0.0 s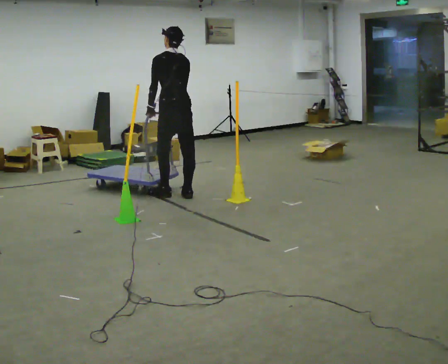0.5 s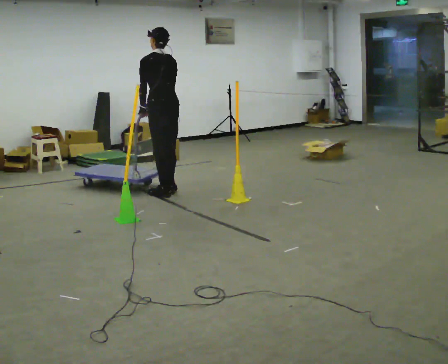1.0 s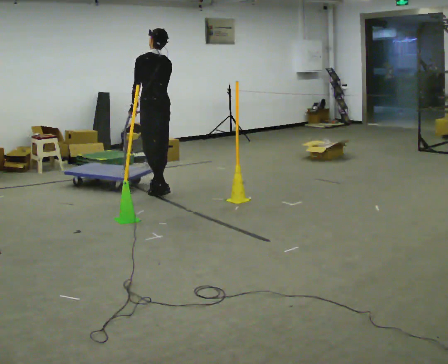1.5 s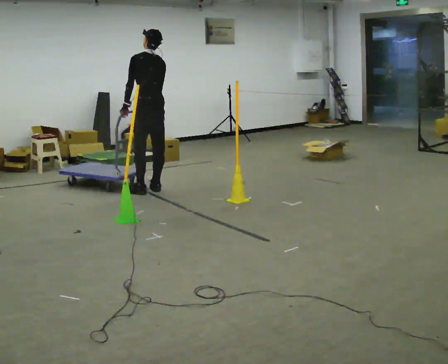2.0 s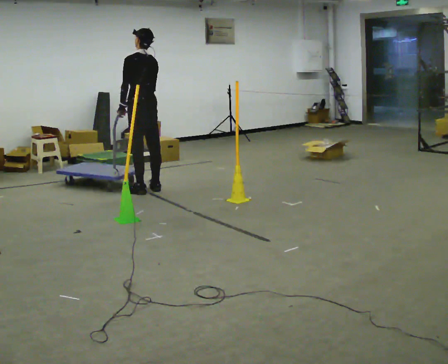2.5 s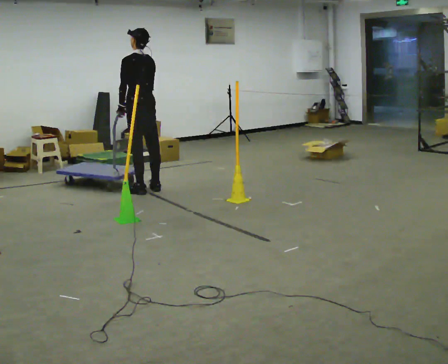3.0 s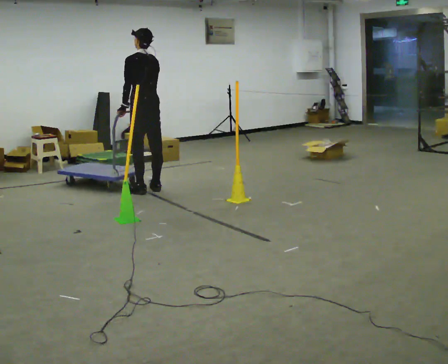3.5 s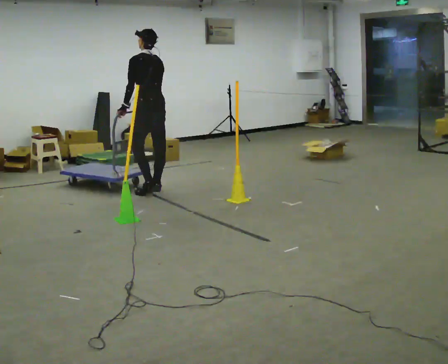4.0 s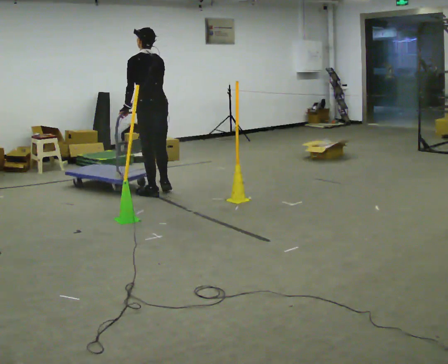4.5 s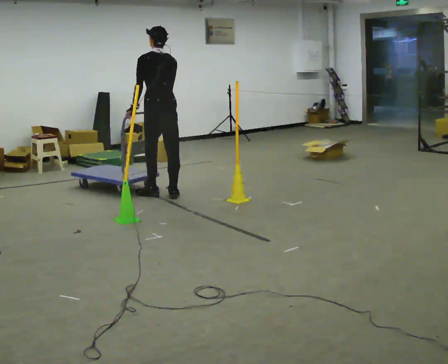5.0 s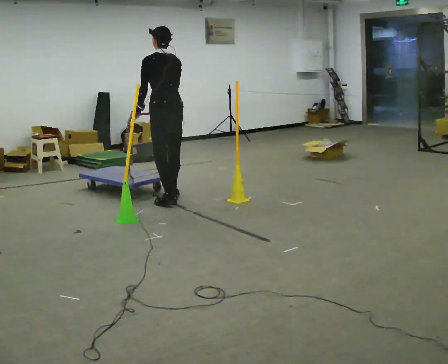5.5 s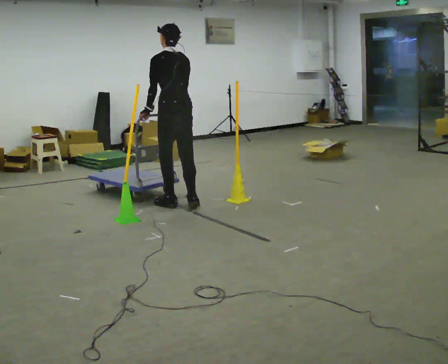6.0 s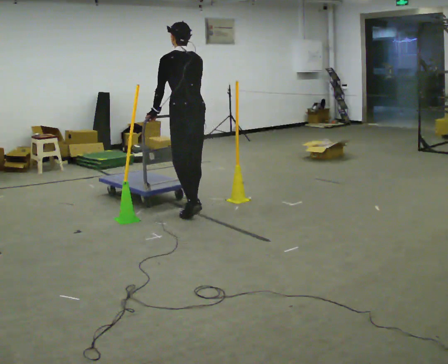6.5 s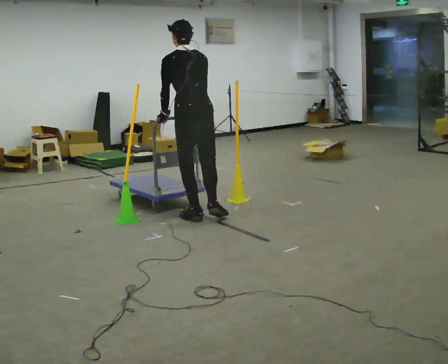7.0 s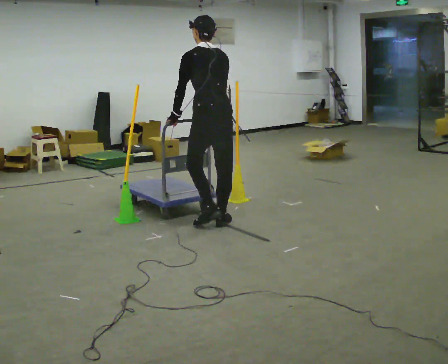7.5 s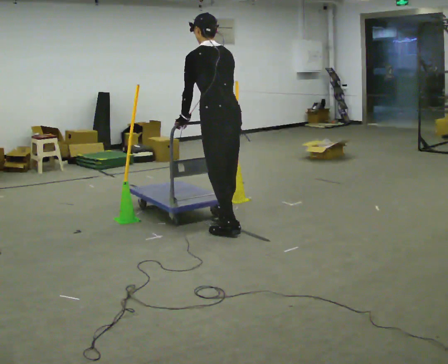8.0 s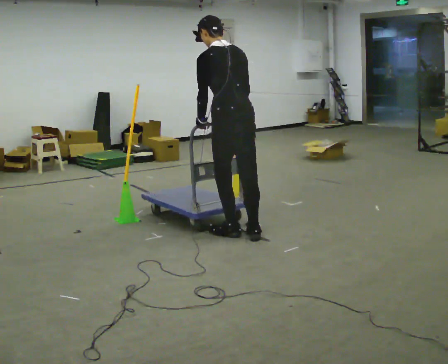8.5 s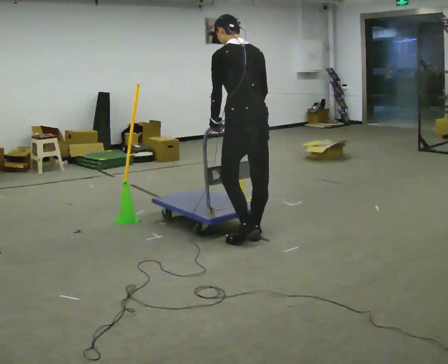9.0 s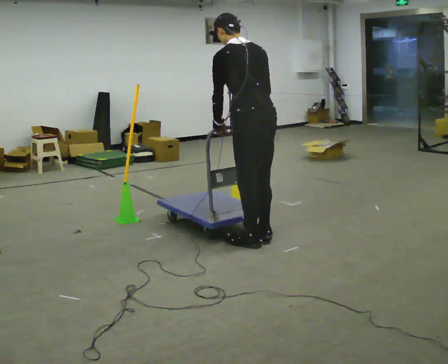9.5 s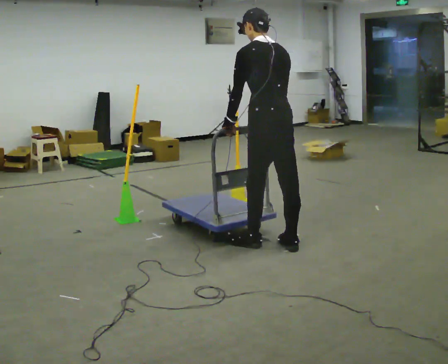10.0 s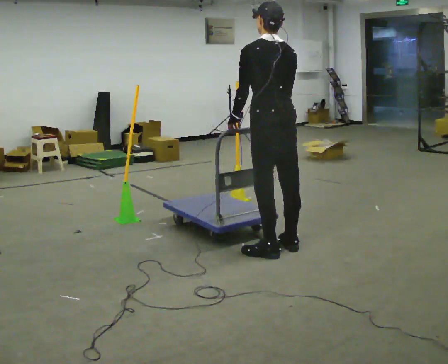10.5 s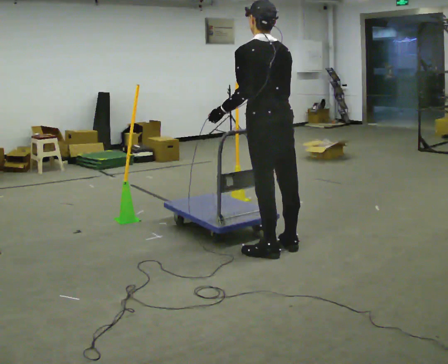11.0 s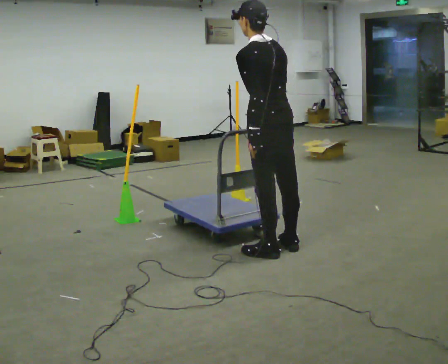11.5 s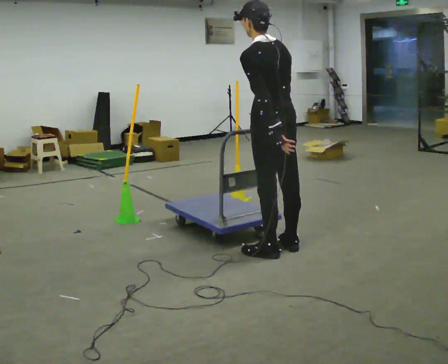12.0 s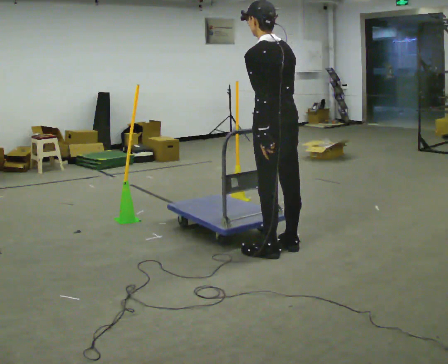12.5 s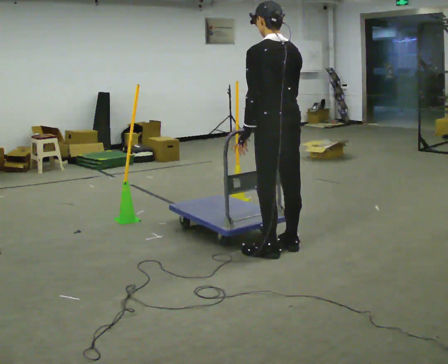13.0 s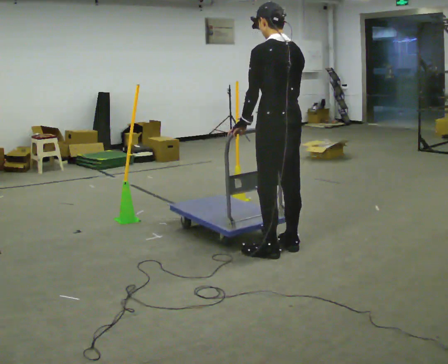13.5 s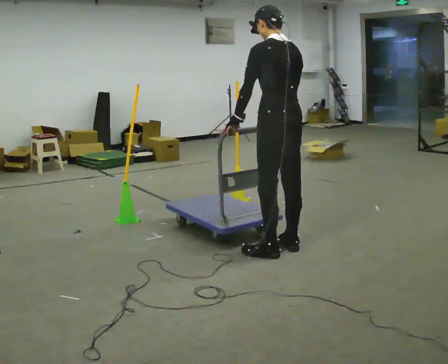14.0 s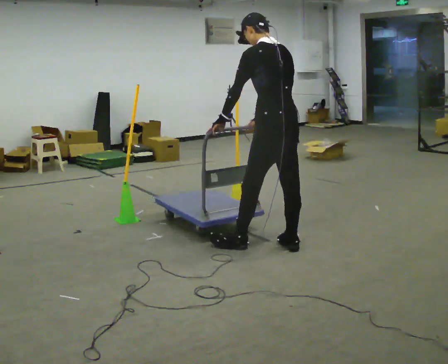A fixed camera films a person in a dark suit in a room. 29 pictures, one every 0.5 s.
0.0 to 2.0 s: In the picture they go to the left and away from the camera, about 0.5 m in 2 steps, which for them is forward.
2.0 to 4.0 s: In the picture they go toward the camera, about 0.25 m in 2 steps, which for them is backward.
4.0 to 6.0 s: In the picture they go toward the camera and to the right, about 0.75 m in 3 steps, which for them is backward.
6.0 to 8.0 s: In the picture they go toward the camera and to the right, about 1 m in 3 steps, which for them is backward.
8.0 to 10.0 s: In the picture they go toward the camera and to the right, about 0.5 m in 3 steps, which for them is backward.
10.0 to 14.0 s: The person moves a little, or ends about where they began.
The film runs backward here.
